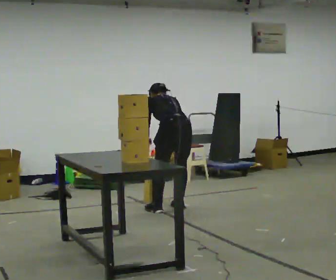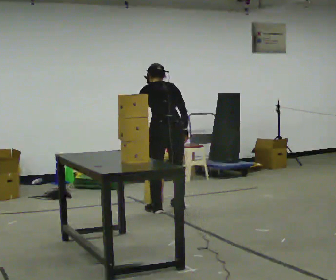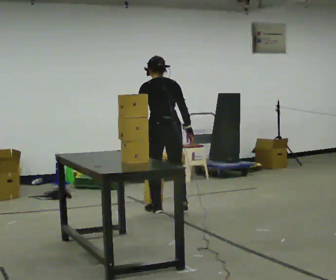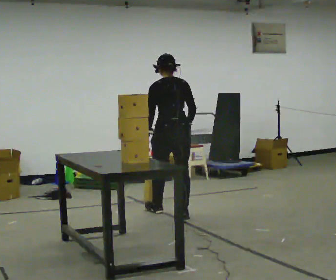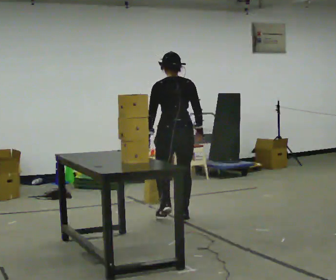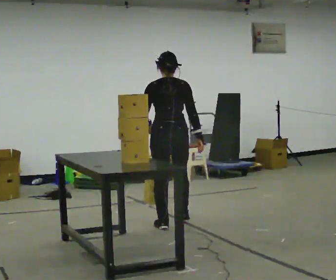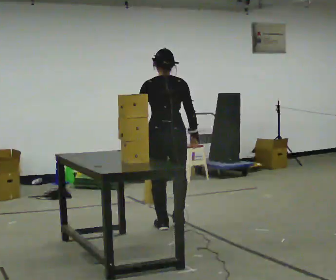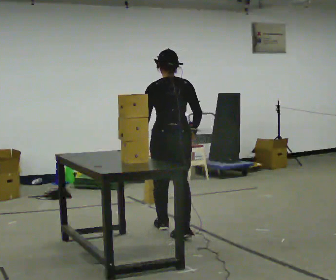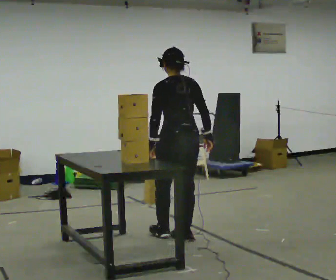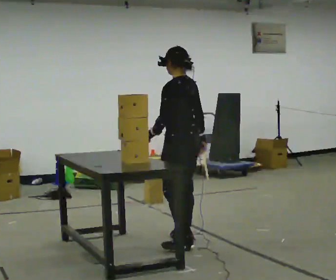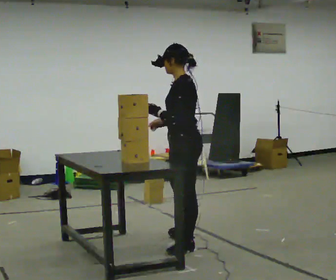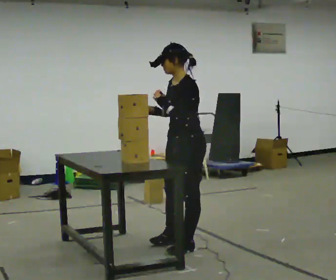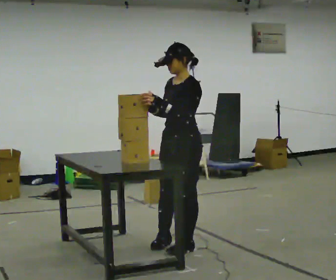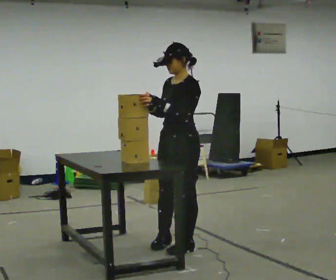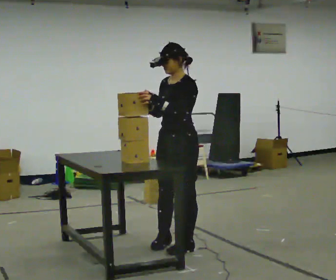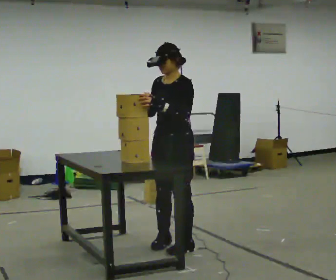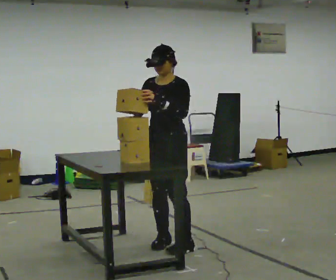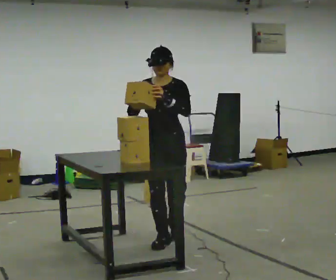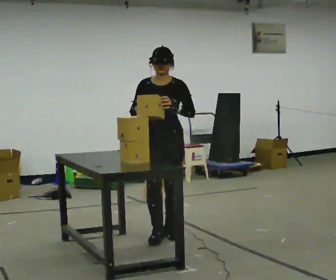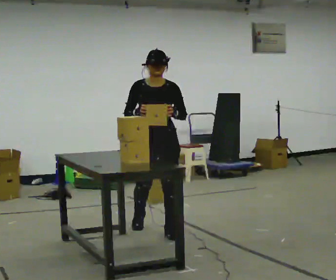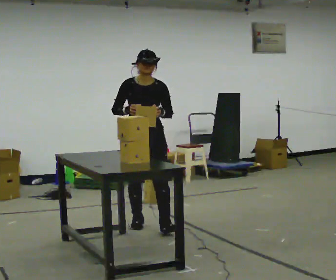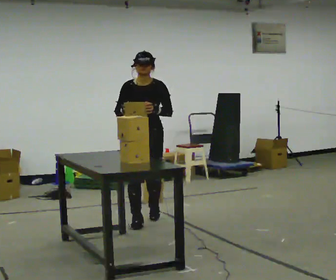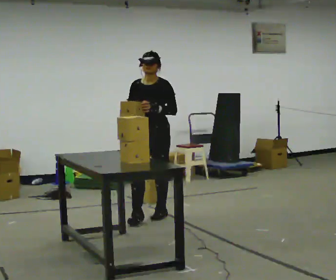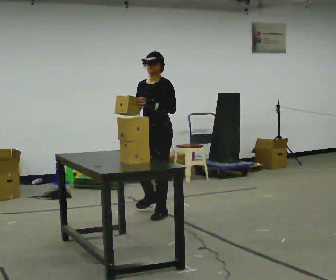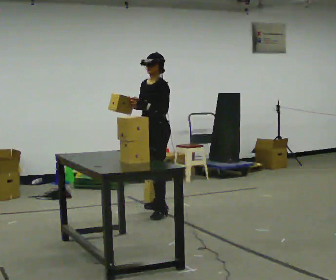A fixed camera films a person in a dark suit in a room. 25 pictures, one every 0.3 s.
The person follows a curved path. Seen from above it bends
clockwise.
0.0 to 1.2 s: In the picture they go toward the camera, about 0.25 m in 2 steps, which for them is backward. The shoulders move upward. The upper body tips toward the camera, its near side rolling downward, as they lean back or straighten.
1.2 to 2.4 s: In the picture they go toward the camera, about 0.75 m in 2 steps, which for them is backward.
2.4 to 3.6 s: The part of the body nearest the lens slides to the right as the person turns to their left by about 90 degrees. In the picture they go toward the camera, about 0.25 m in 1 step.
3.6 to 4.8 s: Seen from above the body turns counterclockwise, about 30 degrees: to their left, with its near side sliding to the right. In the picture they go away from the camera, about 0.25 m in 1 step, which for them is to their right.
4.8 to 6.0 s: The part of the body nearest the lens slides to the right as the person turns to their left by about 30 degrees. In the picture they go away from the camera, about 0.75 m in 2 steps, which for them is backward and to their right.
6.0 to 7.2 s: The person turns about 75 degrees to their right, clockwise seen from above, so the part of the body nearest the lens slides to the left. In the picture they go away from the camera, about 0.5 m in 1 step.
The film runs backward here.
